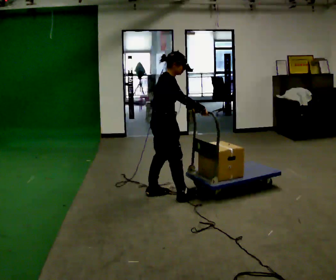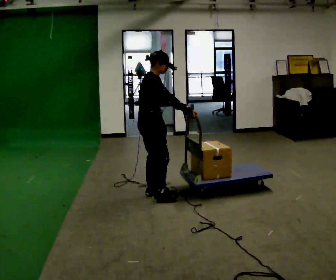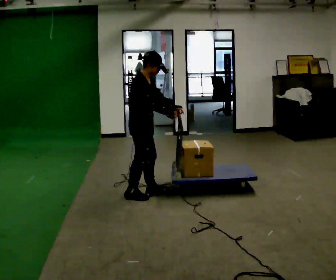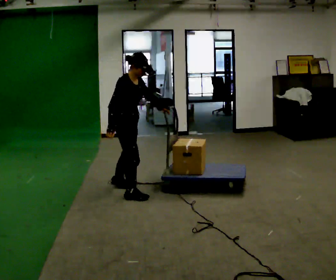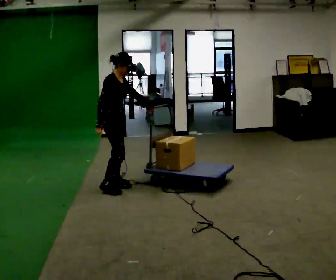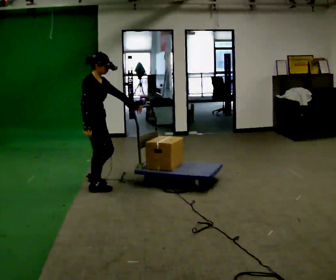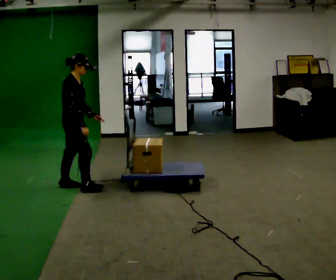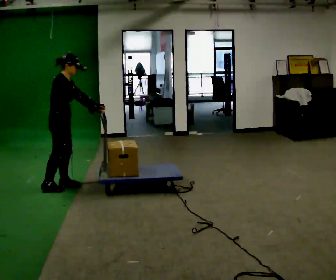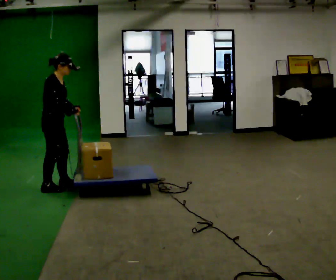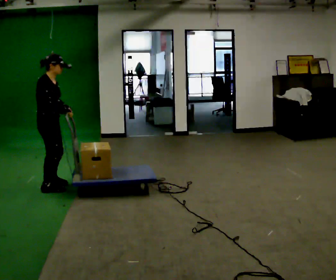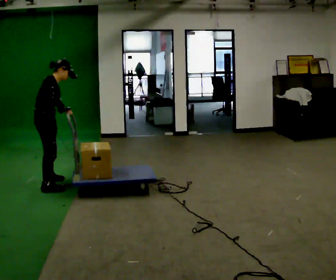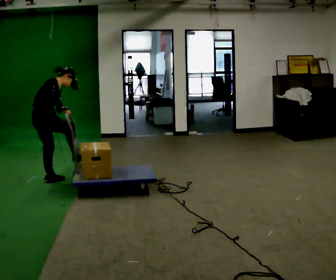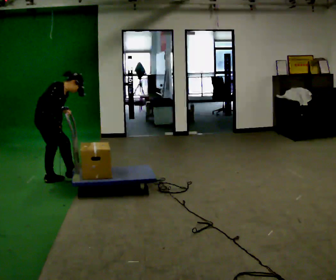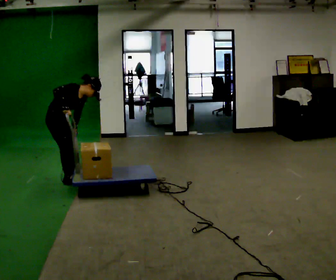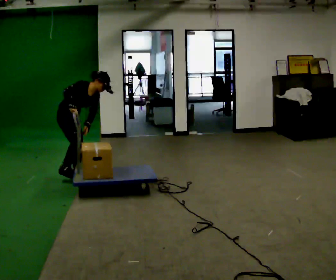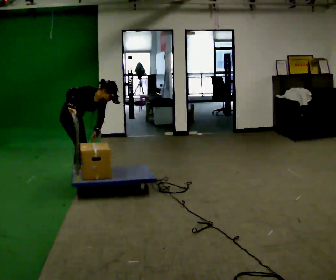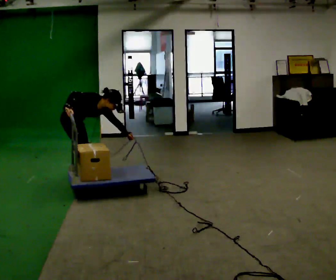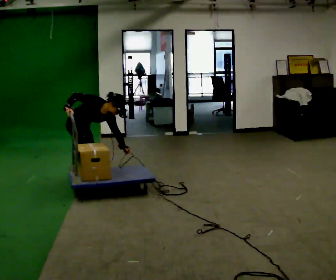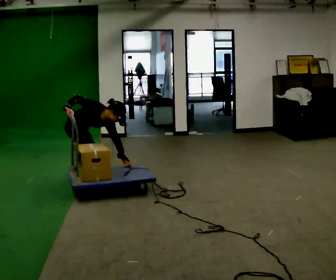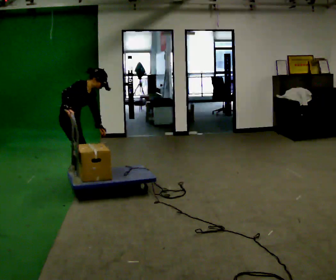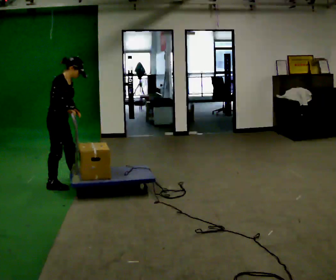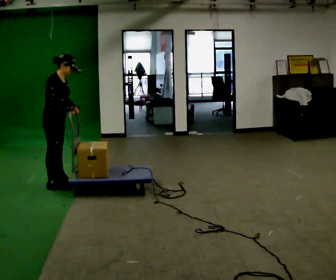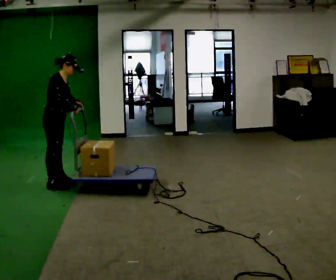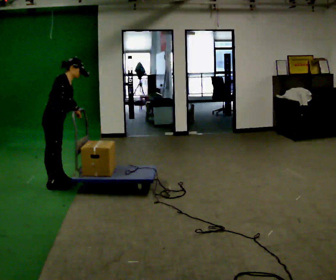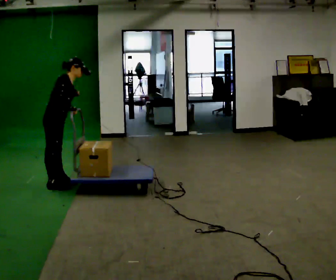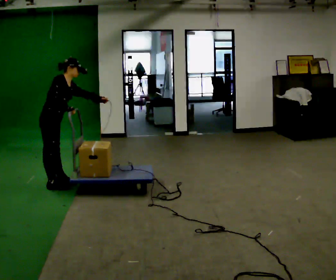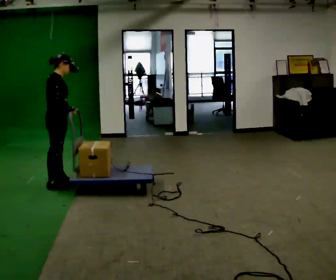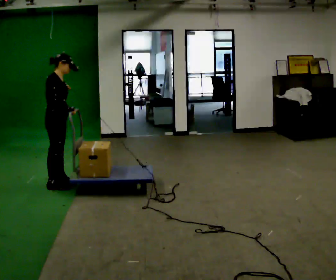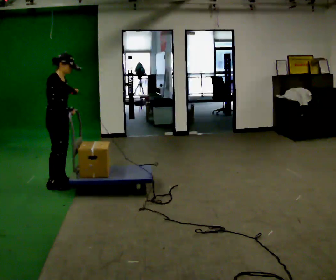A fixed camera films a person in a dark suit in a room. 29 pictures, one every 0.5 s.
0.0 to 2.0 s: In the picture they go to the left and away from the camera, about 0.5 m in 3 steps, which for them is backward and to their left.
2.0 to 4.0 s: In the picture they go to the left, about 0.75 m in 2 steps, which for them is backward.
4.0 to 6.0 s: In the picture they go away from the camera and to the left, about 0.25 m in 3 steps, which for them is to their left. In the picture the upper body tilts clockwise, shoulders to the right, as they bend forward.
6.0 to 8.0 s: The person turns about 30 degrees to their right, clockwise seen from above, so the part of the body nearest the lens slides to the left. In the picture they go to the right, about 0.25 m in 2 steps, which for them is to their left and forward. The upper body tips toward the camera, its near side rolling downward, as they bend forward.
8.0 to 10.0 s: In the picture they go toward the camera and to the left, about 0.25 m in 2 steps, which for them is to their right. In the picture the upper body tilts counterclockwise, shoulders to the left, as they lean back or straighten.
10.0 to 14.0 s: The person moves a little, or ends about where they began.
The film runs backward here.
